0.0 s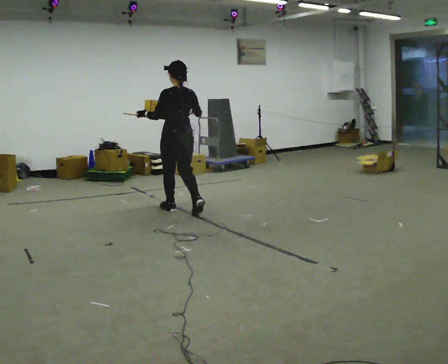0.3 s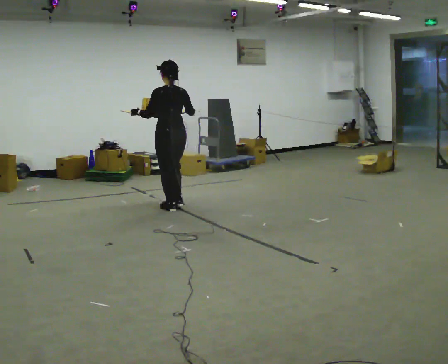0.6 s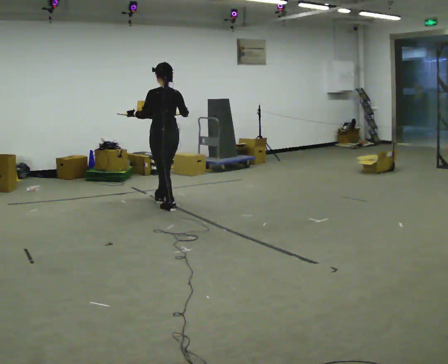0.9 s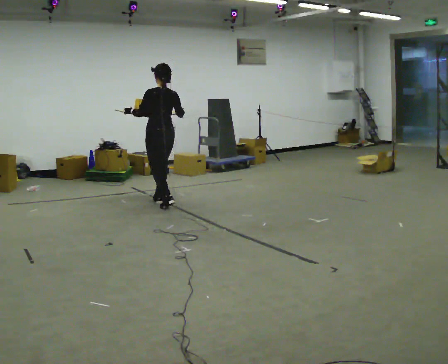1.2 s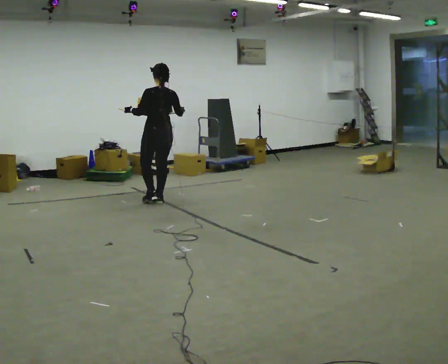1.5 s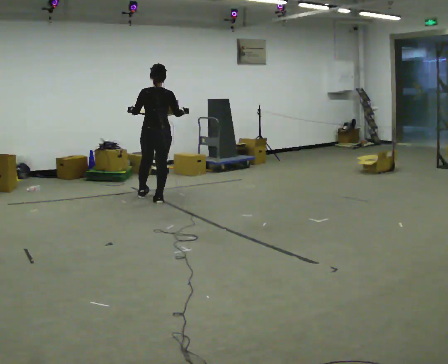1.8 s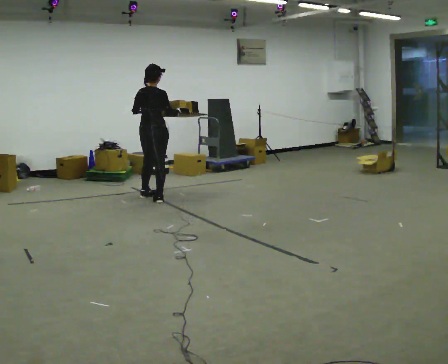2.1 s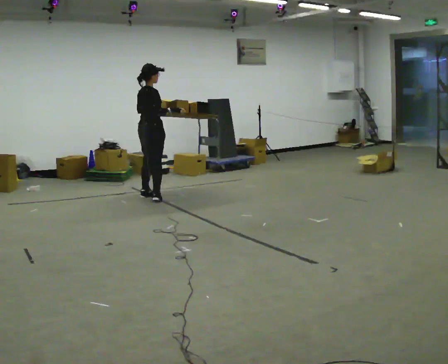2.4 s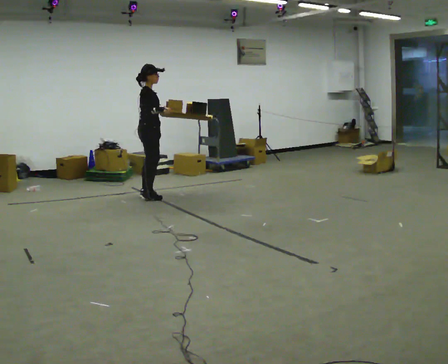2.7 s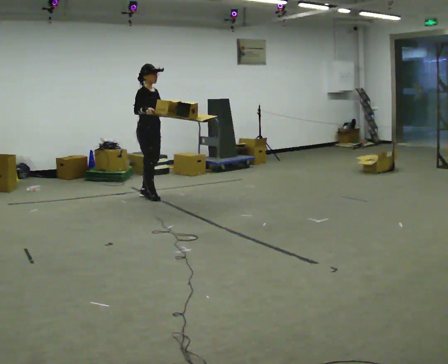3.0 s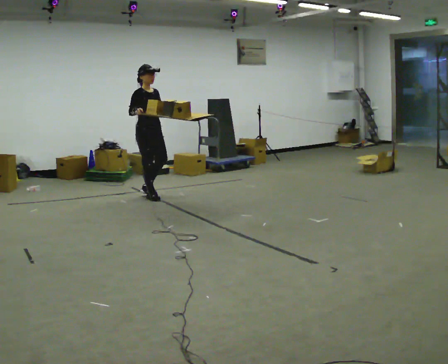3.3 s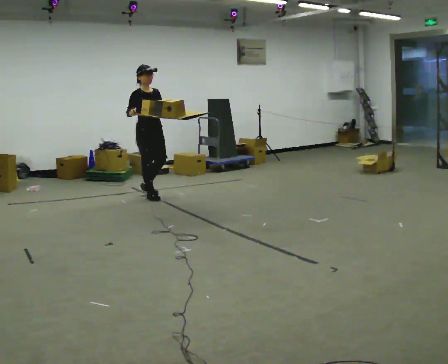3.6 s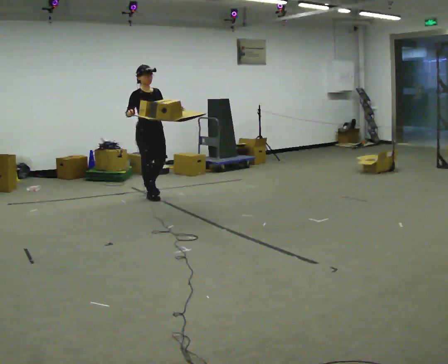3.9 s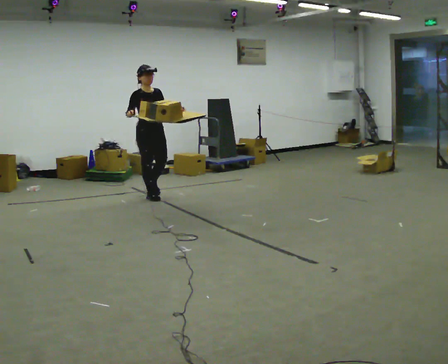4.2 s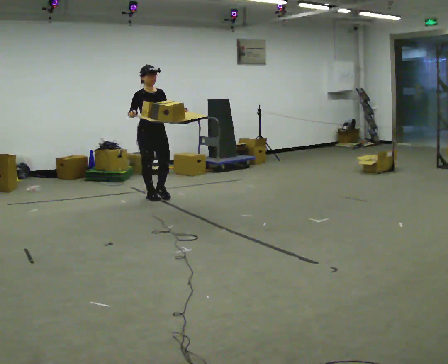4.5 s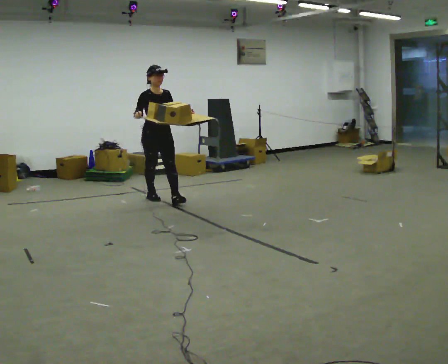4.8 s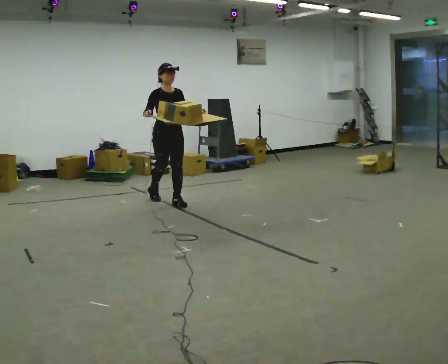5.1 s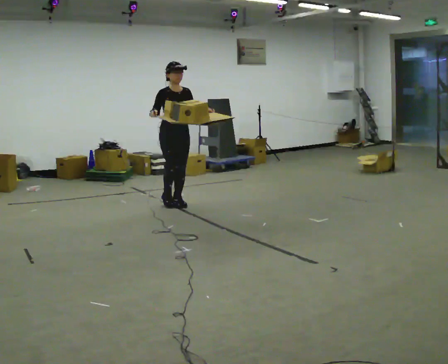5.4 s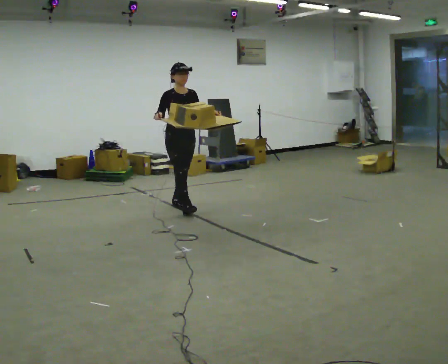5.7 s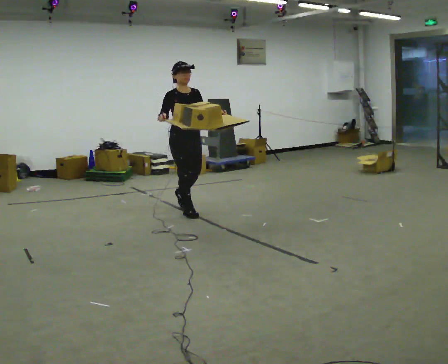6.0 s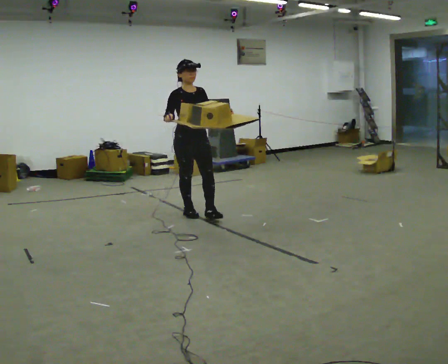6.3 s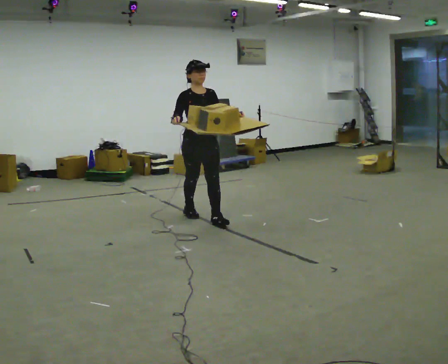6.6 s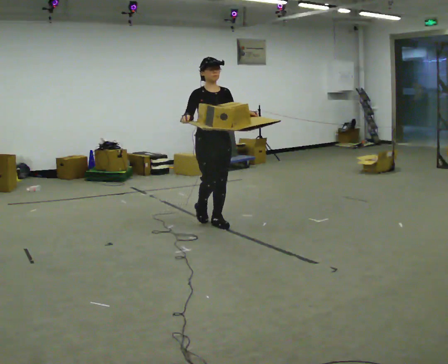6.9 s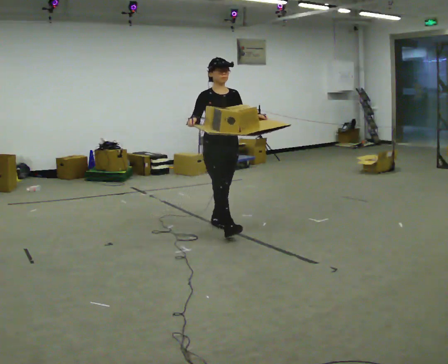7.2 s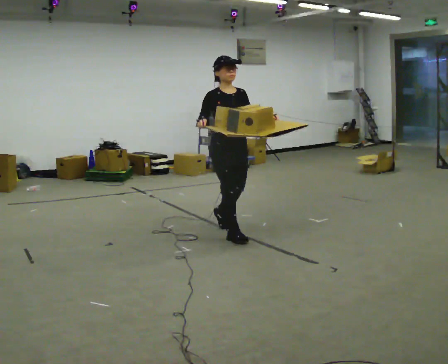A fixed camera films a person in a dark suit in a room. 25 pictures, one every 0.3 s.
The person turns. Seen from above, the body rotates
clockwise.
The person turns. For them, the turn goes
to their right.
0.0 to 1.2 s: In the picture they go away from the camera and to the left, about 0.5 m in 1 step, which for them is forward.
1.2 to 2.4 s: The part of the body nearest the lens slides to the left as the person turns to their right by about 120 degrees. In the picture they go away from the camera and to the left, about 0.25 m in 1 step.
2.4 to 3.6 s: Seen from above the body turns clockwise, about 45 degrees: to their right, with its near side sliding to the left.
3.6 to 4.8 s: In the picture they go toward the camera and to the right, about 0.5 m in 1 step, which for them is forward.
4.8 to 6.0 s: In the picture they go toward the camera and to the right, about 0.75 m in 1 step, which for them is forward.
6.0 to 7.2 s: In the picture they go toward the camera and to the right, about 1 m in 2 steps, which for them is forward.
The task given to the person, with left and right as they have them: Carry the open tray of loose items across the room, back and forth, trying not to let anything fall out.
The film runs forward here.
